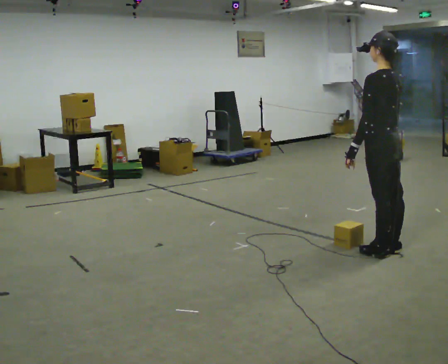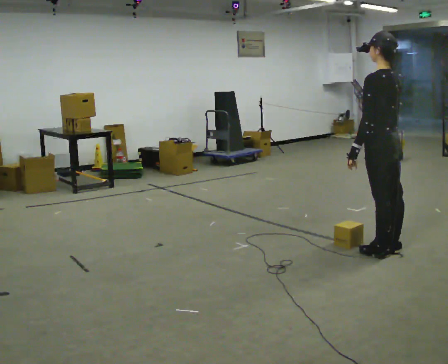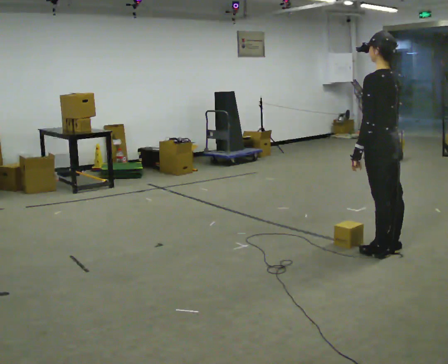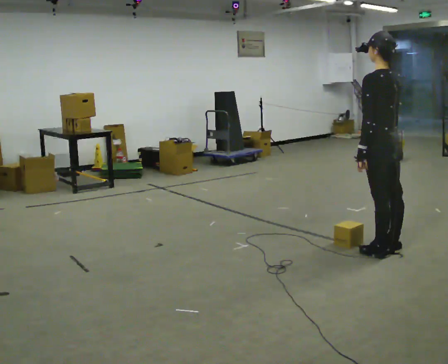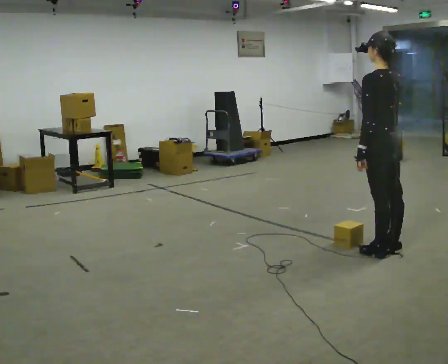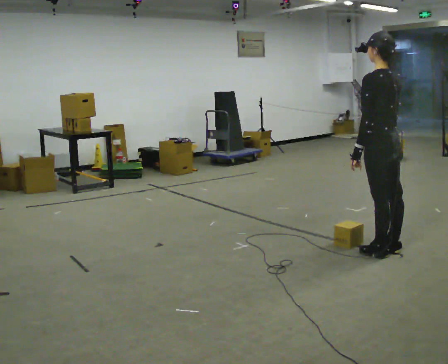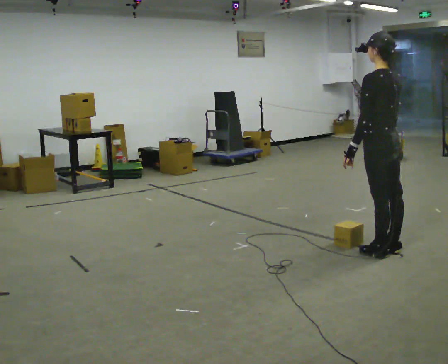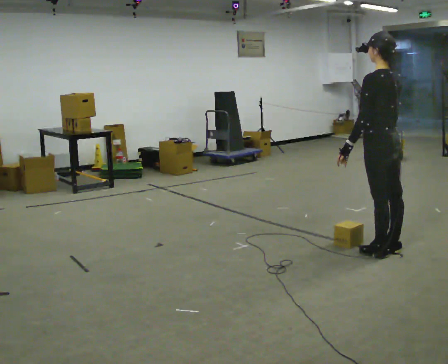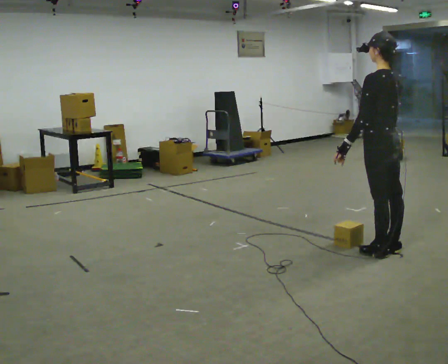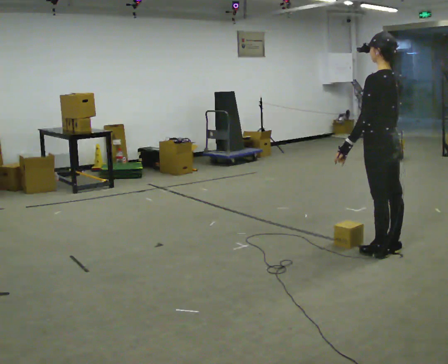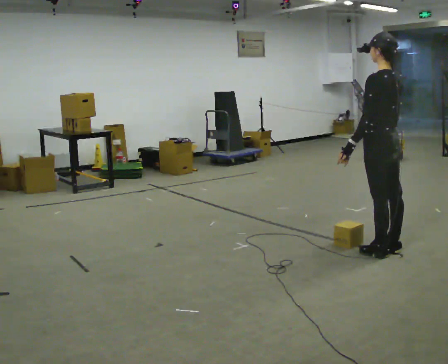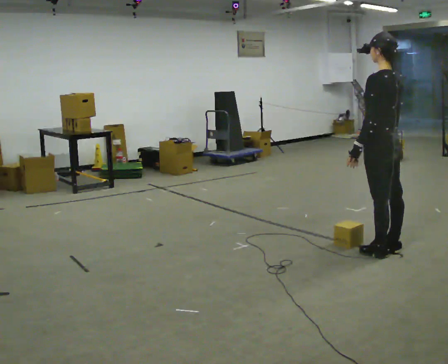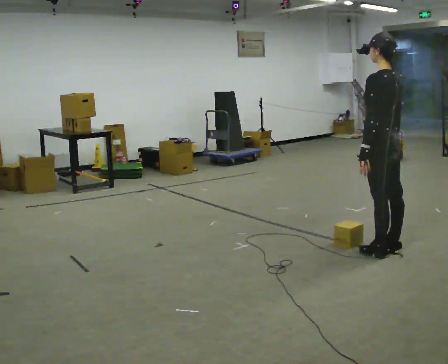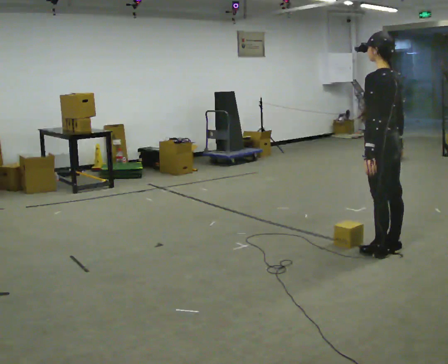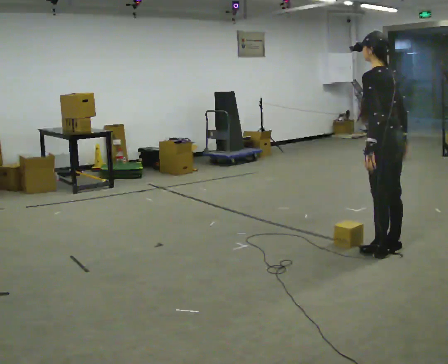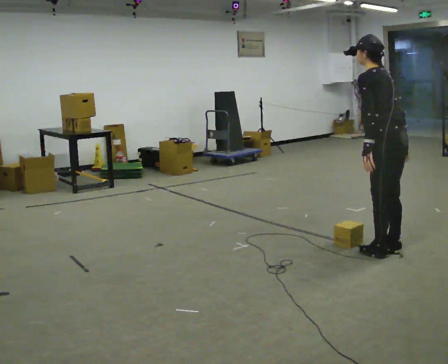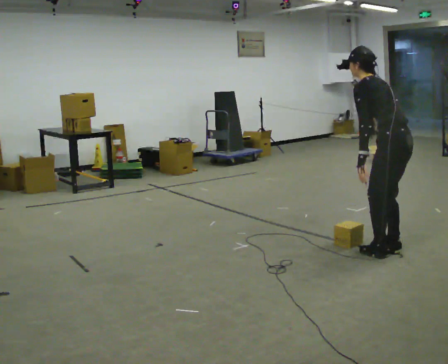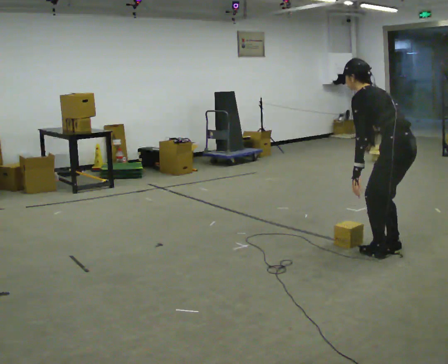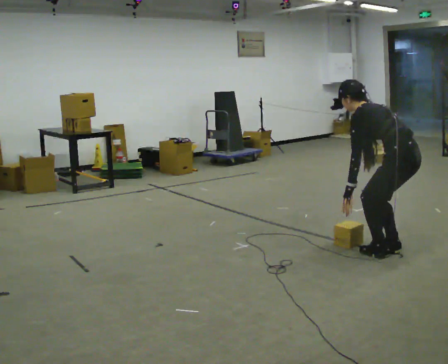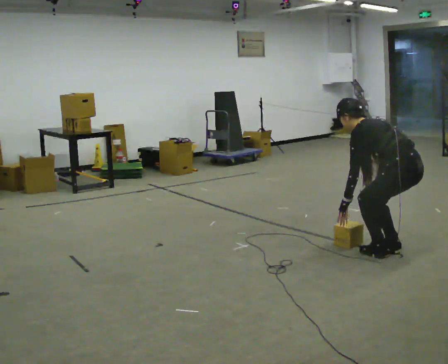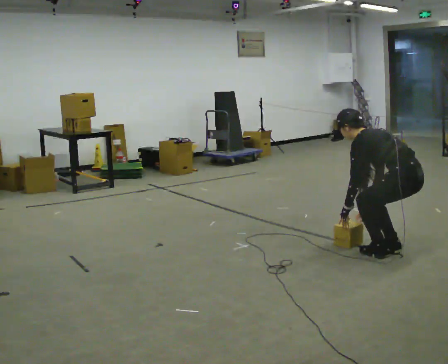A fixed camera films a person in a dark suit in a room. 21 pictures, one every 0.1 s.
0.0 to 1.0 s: The person moves a little, or ends about where they began.
1.0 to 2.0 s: In the picture they go to the right, about 0.25 m, which for them is backward. The upper body goes downward. In the picture the upper body tilts counterclockwise, shoulders to the left, as they bend forward. In the picture their left hand goes downward.
The film runs backward here.
